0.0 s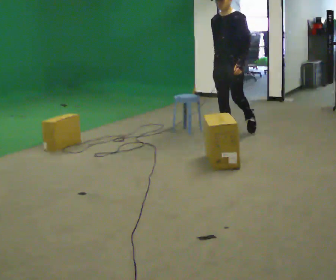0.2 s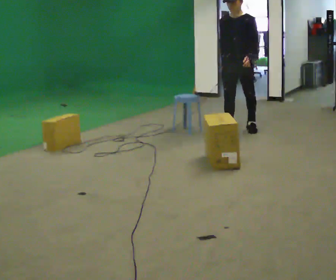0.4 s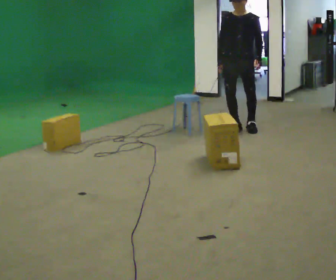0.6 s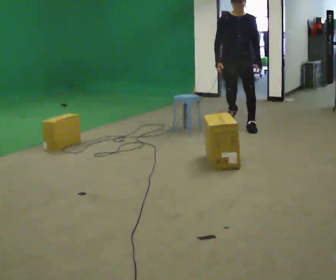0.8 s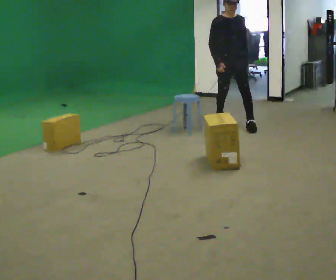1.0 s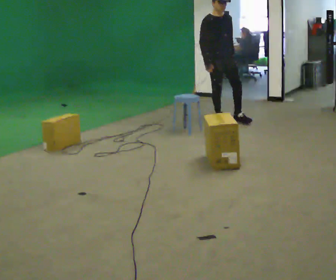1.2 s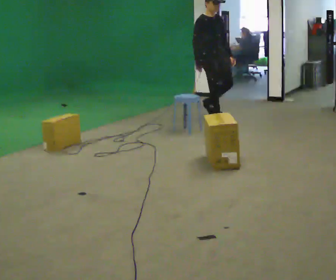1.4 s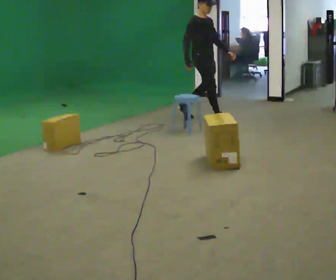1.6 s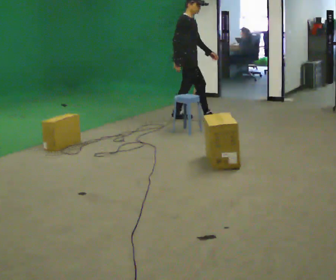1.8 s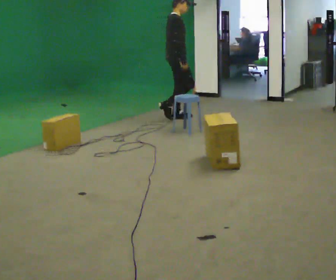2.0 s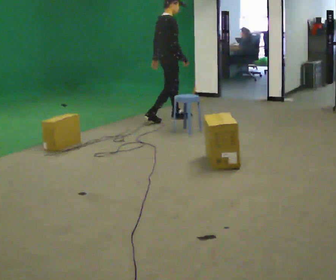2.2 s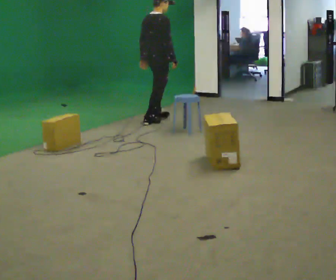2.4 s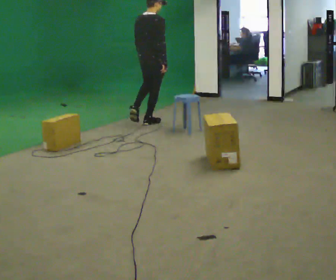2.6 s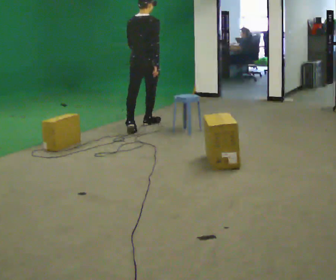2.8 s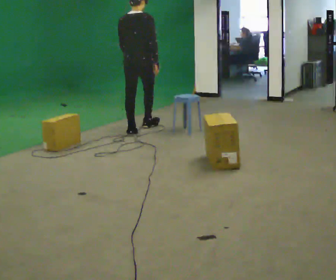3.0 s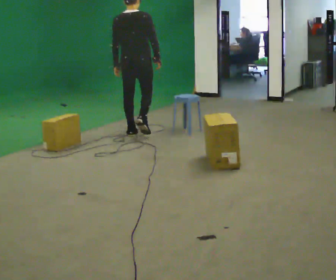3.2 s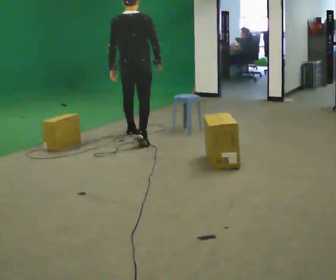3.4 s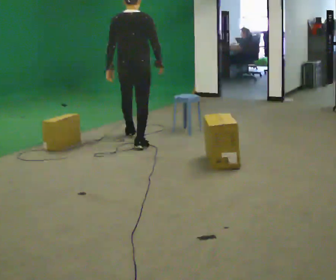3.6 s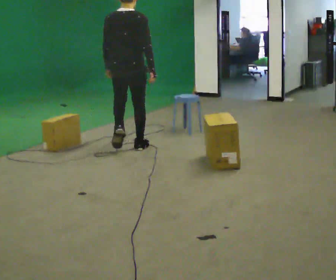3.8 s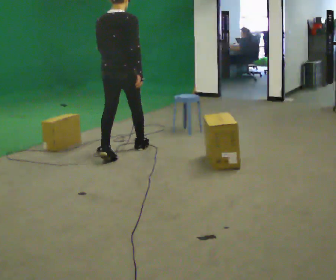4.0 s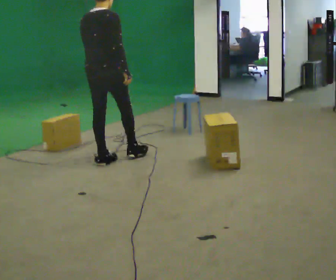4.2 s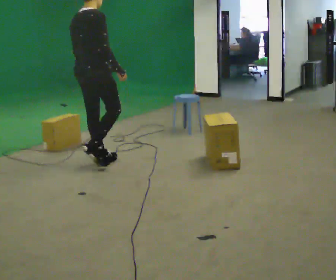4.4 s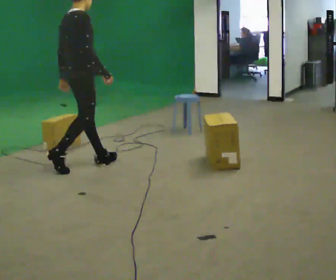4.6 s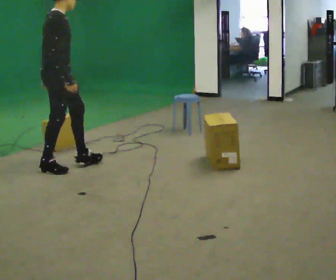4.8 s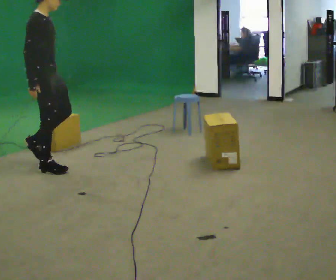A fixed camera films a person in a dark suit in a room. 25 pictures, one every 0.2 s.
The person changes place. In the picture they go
to the left.
0.0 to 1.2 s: The part of the body nearest the lens slides to the right as the person turns to their left by about 90 degrees. In the picture they go away from the camera, about 1 m in 2 steps.
1.2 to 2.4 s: The person turns about 105 degrees to their left, counterclockwise seen from above, so the part of the body nearest the lens slides to the right. In the picture they go to the left, about 1 m in 2 steps.
2.4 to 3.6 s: In the picture they go toward the camera, about 1 m in 2 steps, which for them is backward.
3.6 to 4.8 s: The person turns about 75 degrees to their right, clockwise seen from above, so the part of the body nearest the lens slides to the left. In the picture they go to the left and toward the camera, about 1 m in 2 steps.
The film runs backward here.
